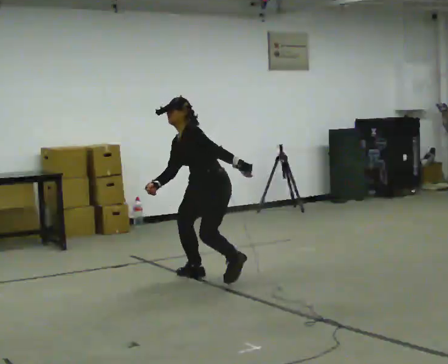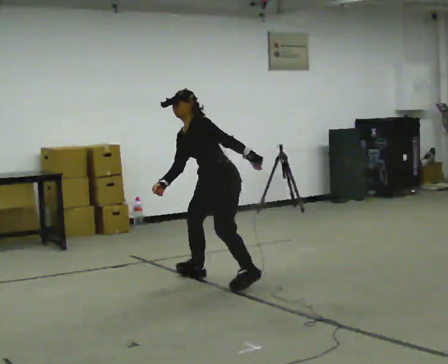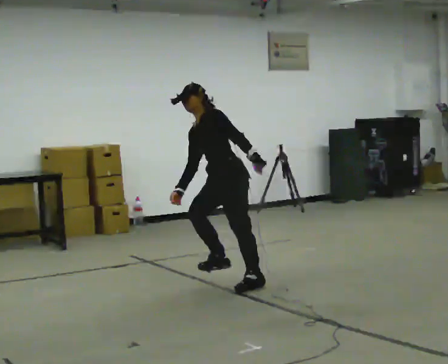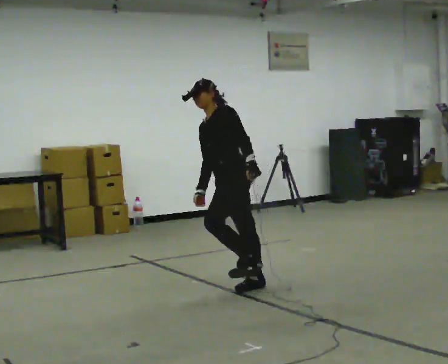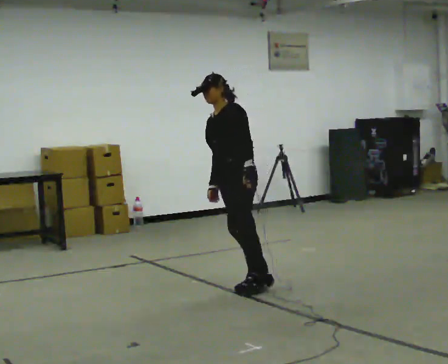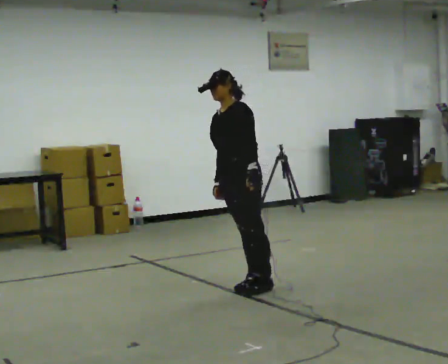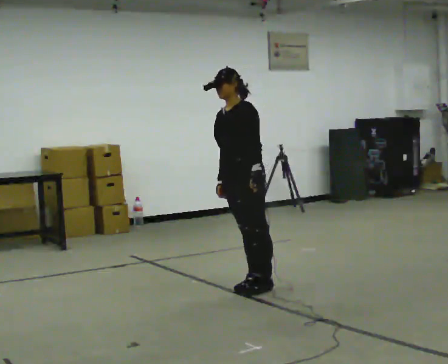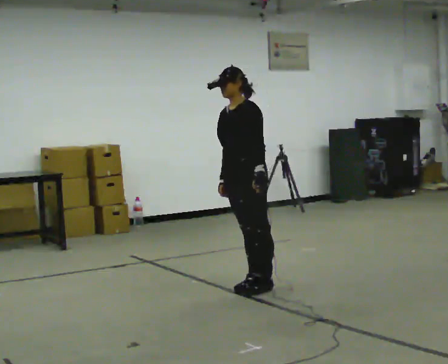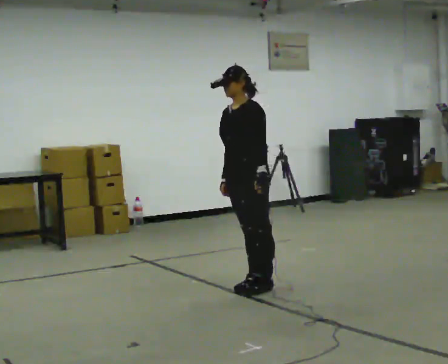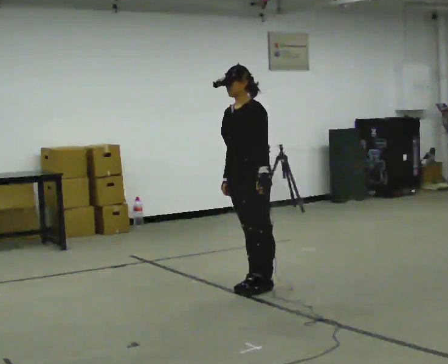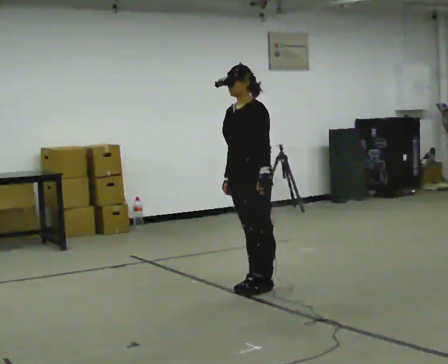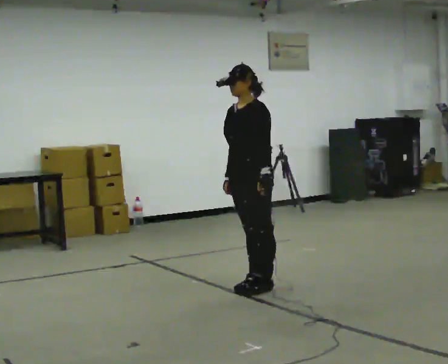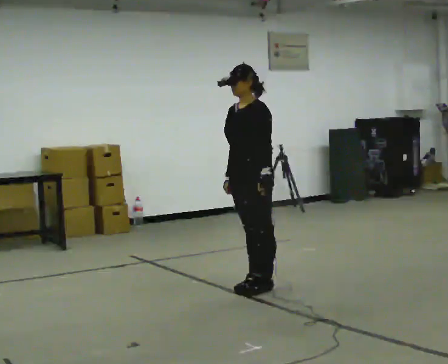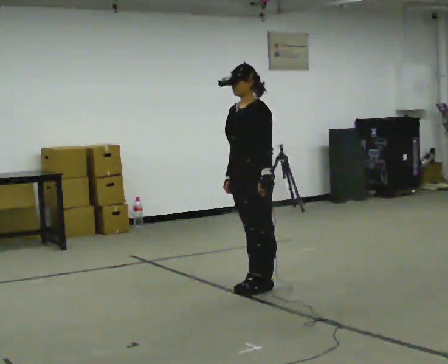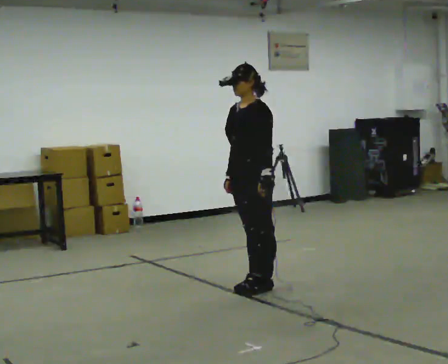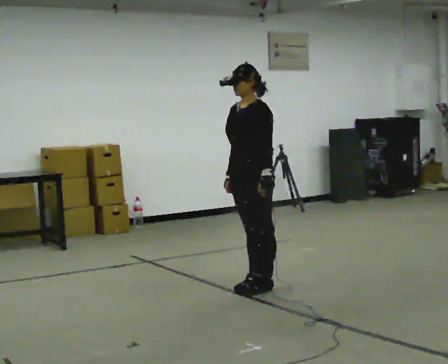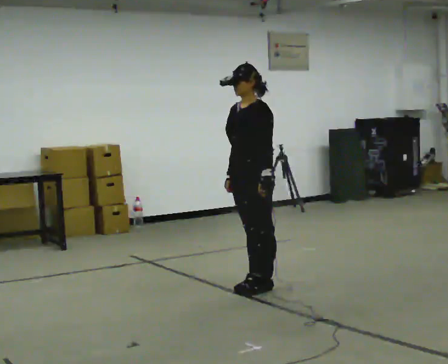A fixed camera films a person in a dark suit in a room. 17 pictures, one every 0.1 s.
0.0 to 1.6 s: The part of the body nearest the lens slides to the right as the person turns to their left by about 45 degrees. In the picture they go toward the camera and to the right, about 0.5 m in 1 step, which for them is to their left. The upper body goes upward. In the picture the upper body tilts clockwise, shoulders to the right, as they lean back or straighten.
The film runs backward here.
